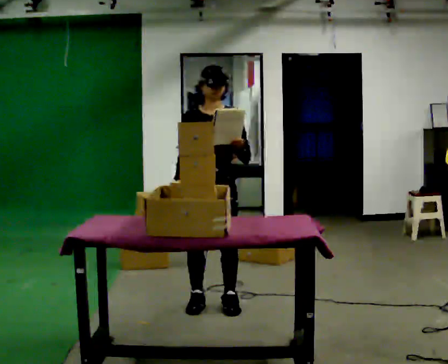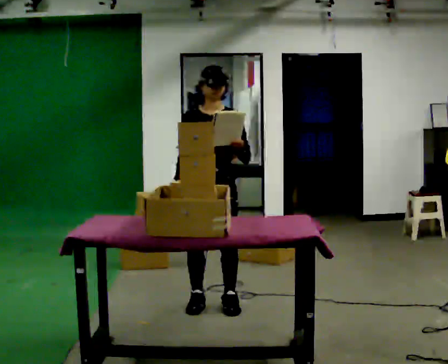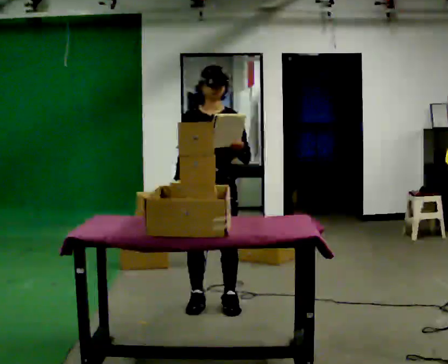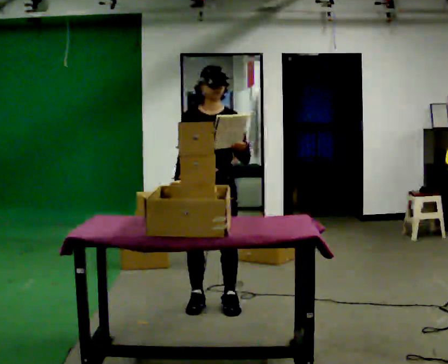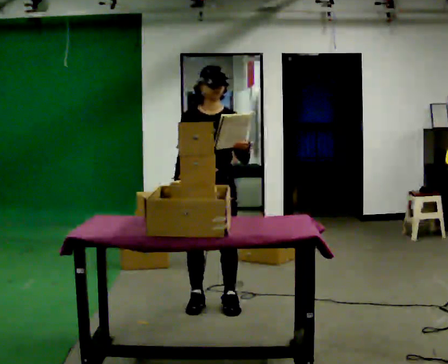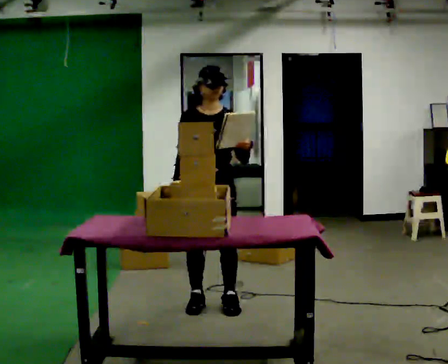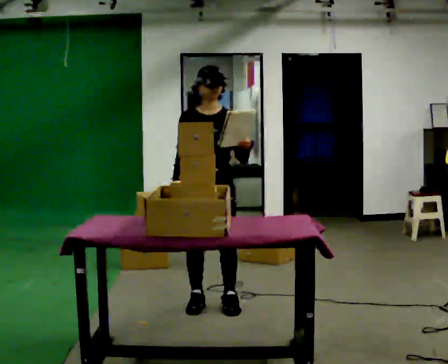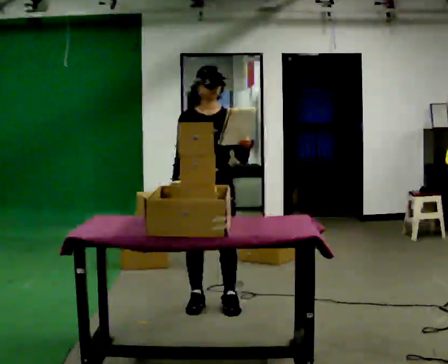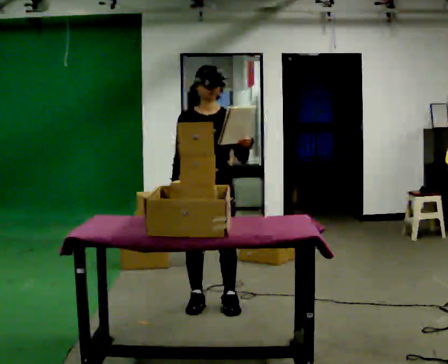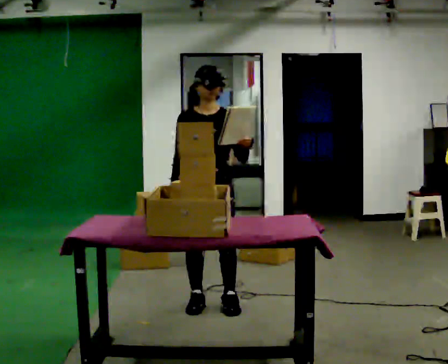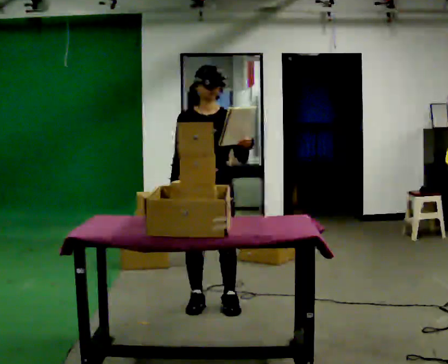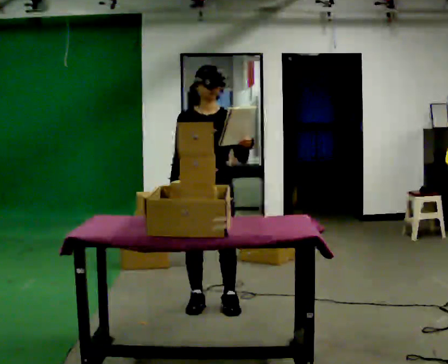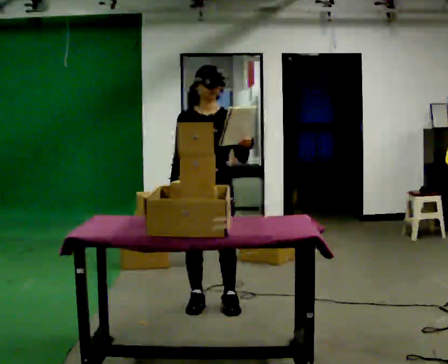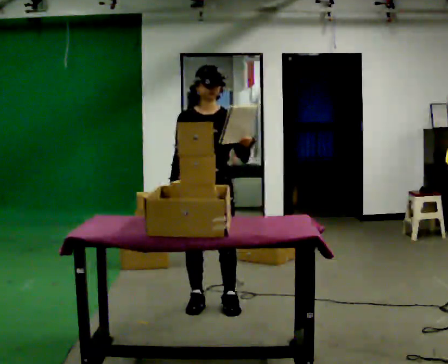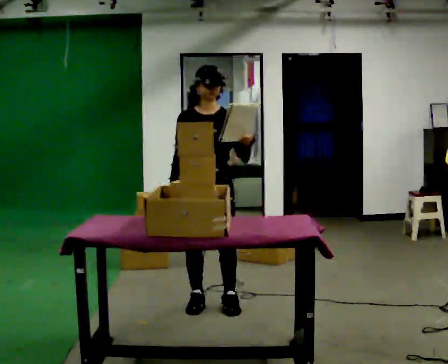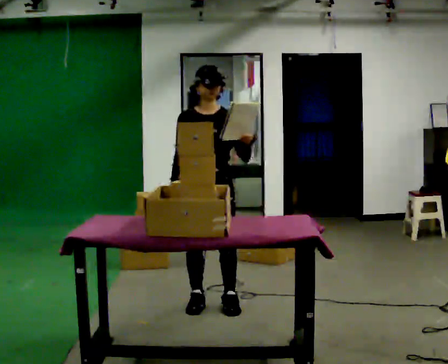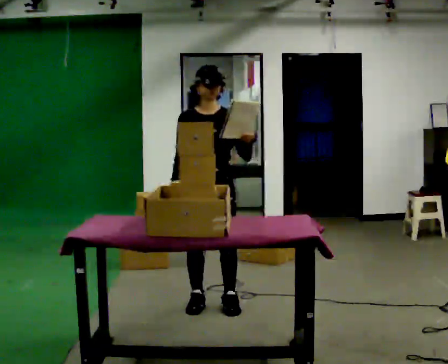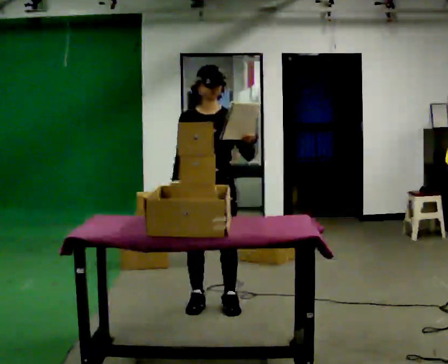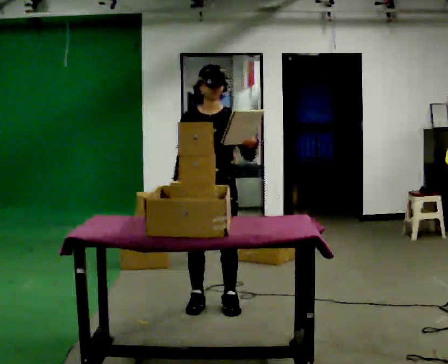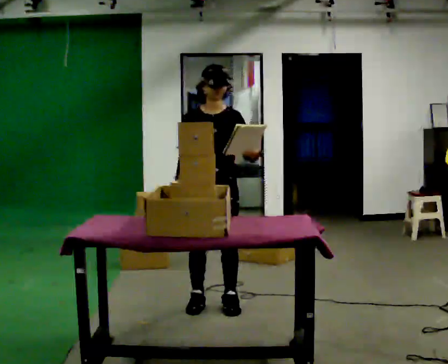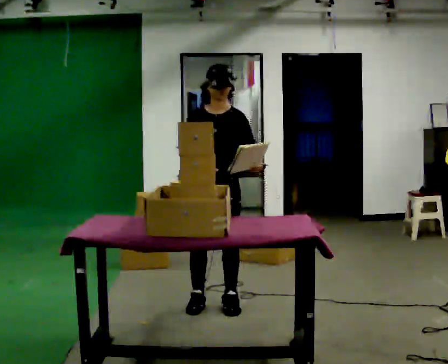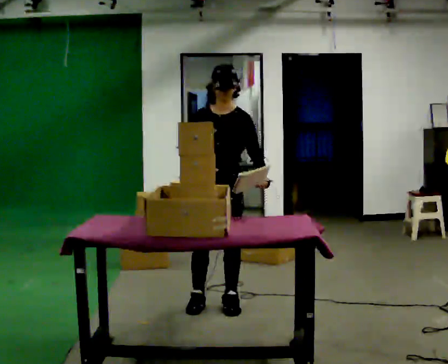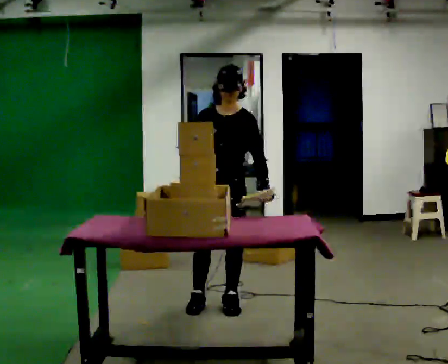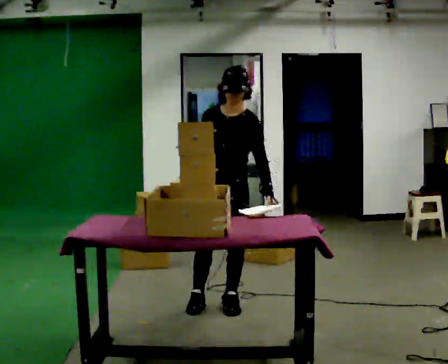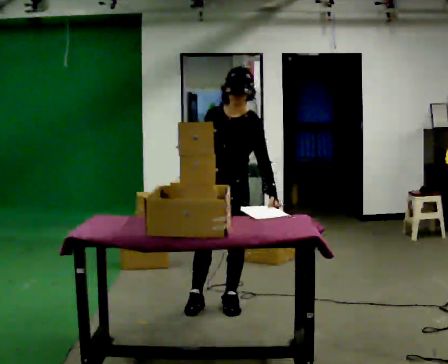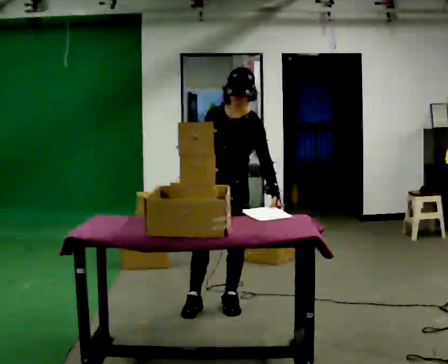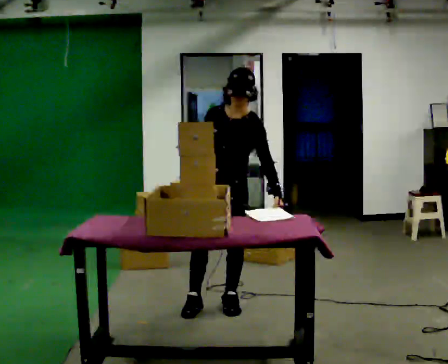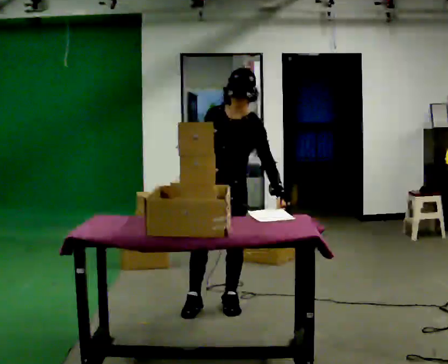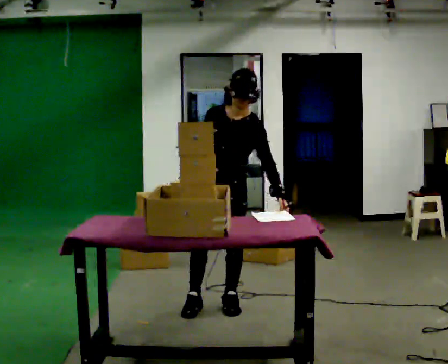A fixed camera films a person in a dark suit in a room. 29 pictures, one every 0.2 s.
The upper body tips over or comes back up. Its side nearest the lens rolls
downward.
0.0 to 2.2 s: The person moves a little, or ends about where they began.
2.2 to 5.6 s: The upper body tips toward the camera, its near side rolling downward, as they bend forward.
The film runs backward here.
